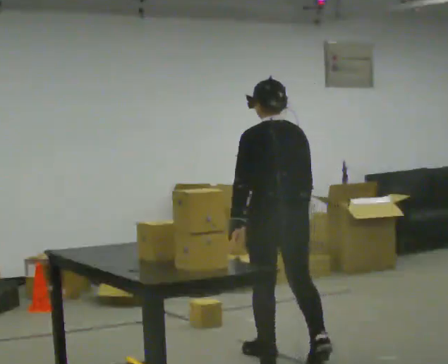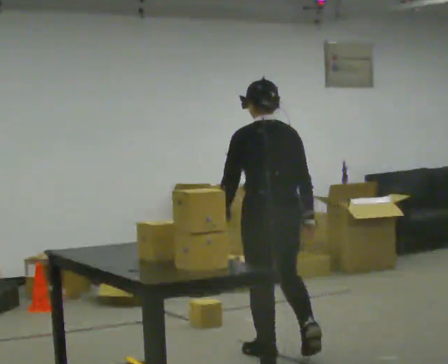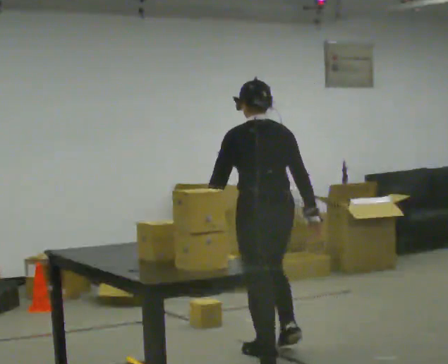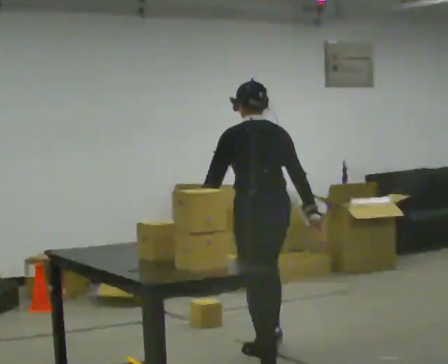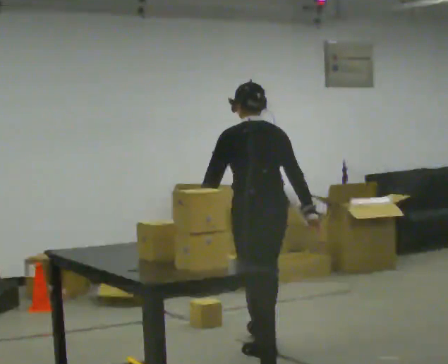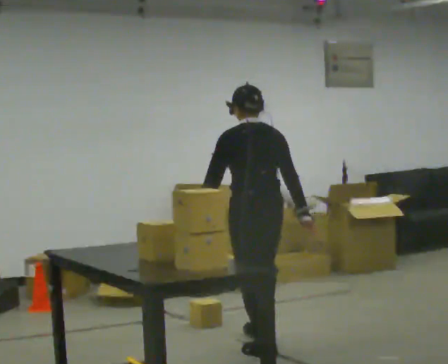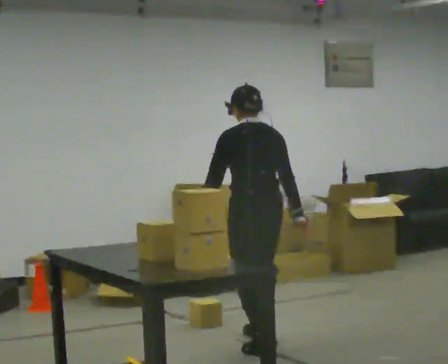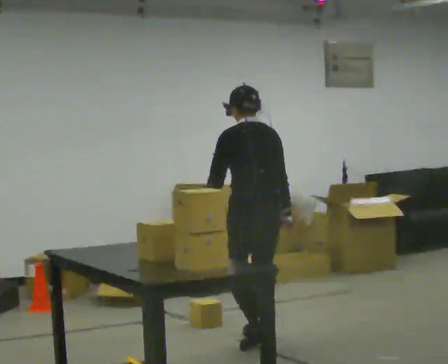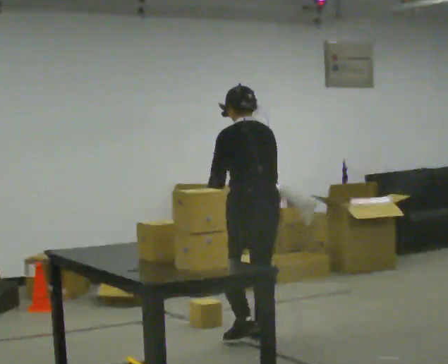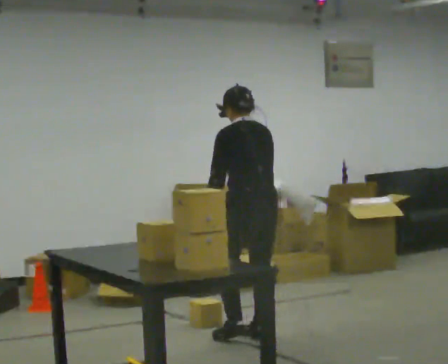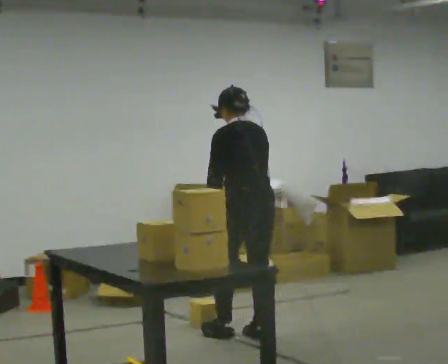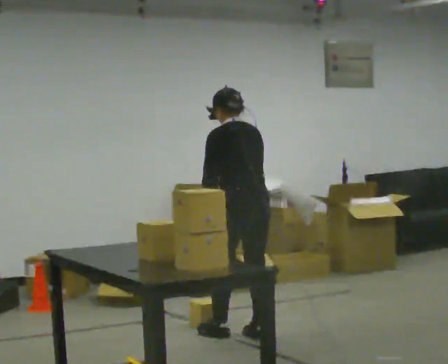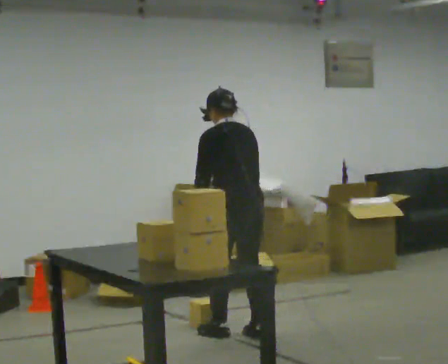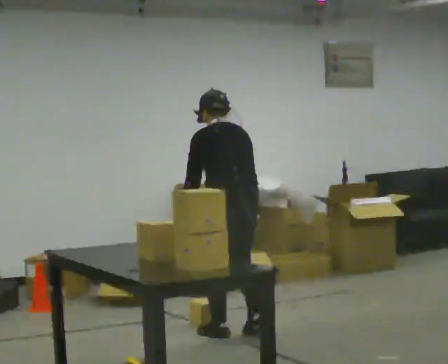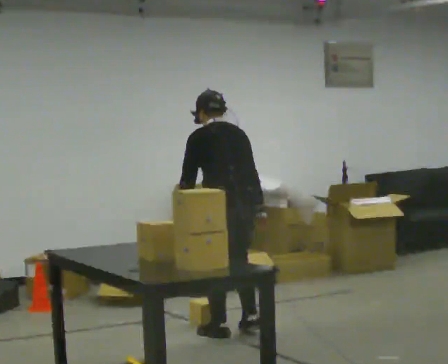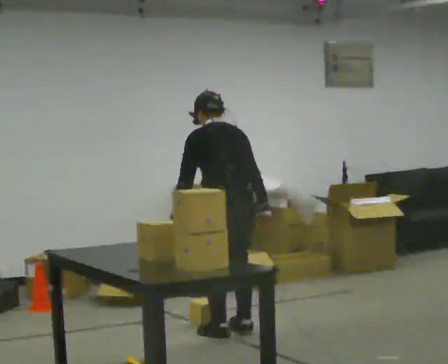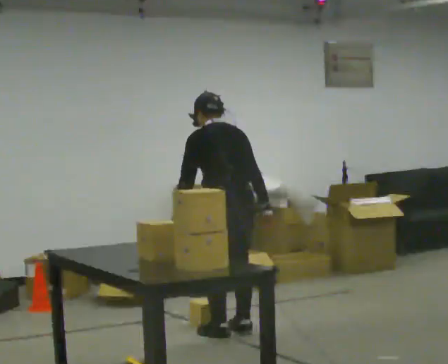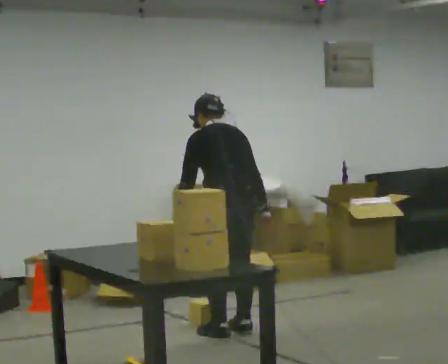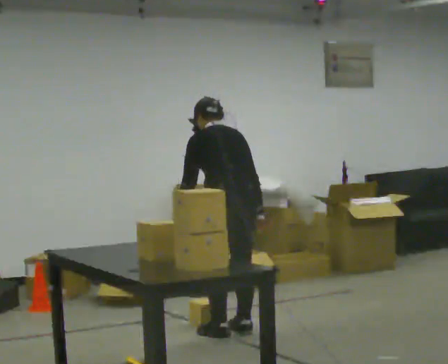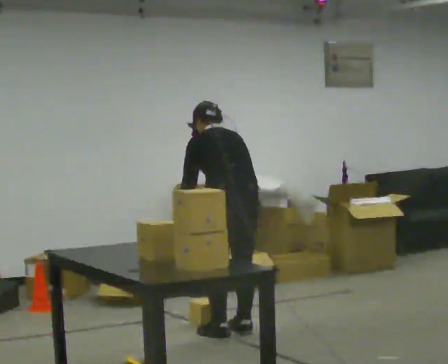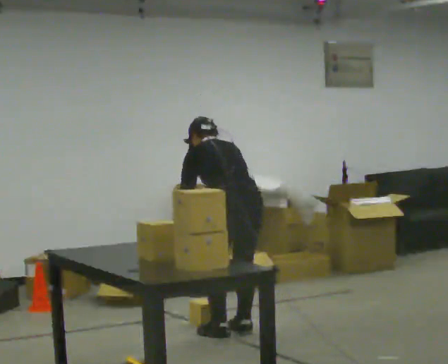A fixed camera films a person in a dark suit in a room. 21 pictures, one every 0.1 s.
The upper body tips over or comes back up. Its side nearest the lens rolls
upward.
0.0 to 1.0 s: In the picture they go away from the camera, about 0.5 m in 1 step, which for them is forward.
1.0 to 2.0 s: The upper body tips away from the camera, its near side rolling upward, as they bend forward.
The film runs forward here.
